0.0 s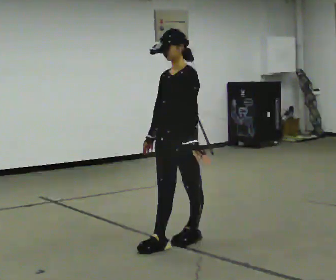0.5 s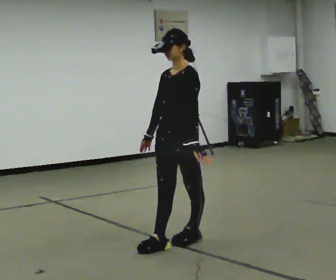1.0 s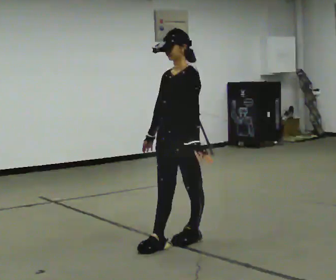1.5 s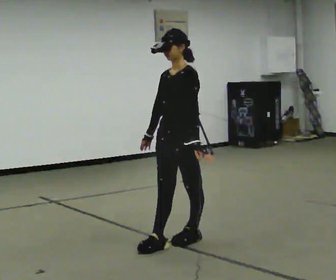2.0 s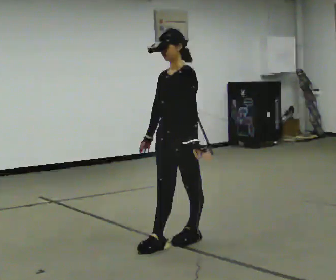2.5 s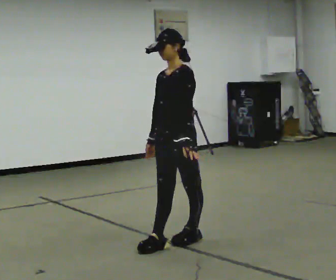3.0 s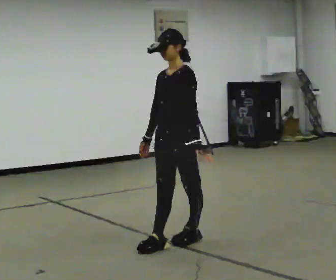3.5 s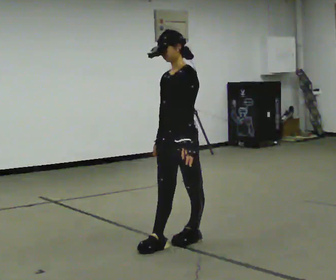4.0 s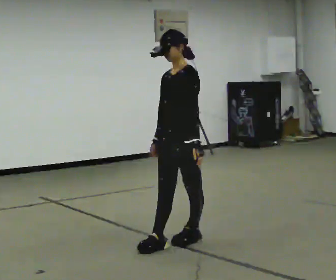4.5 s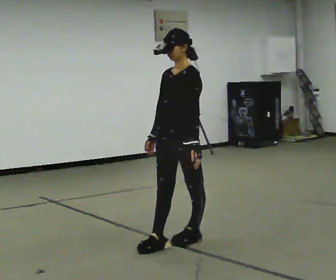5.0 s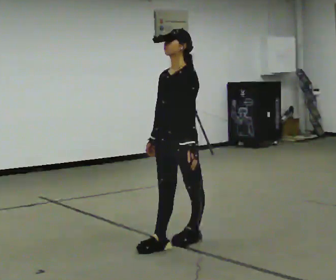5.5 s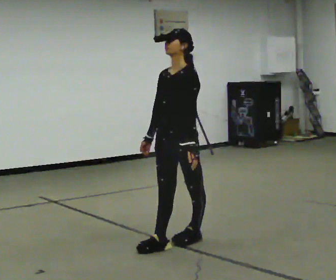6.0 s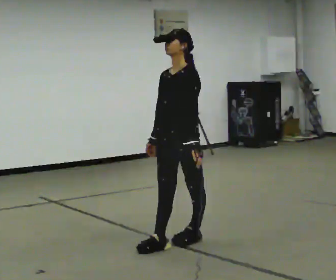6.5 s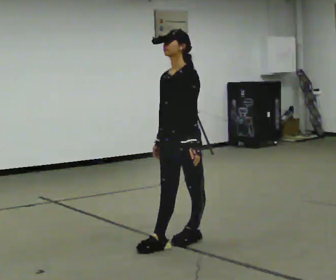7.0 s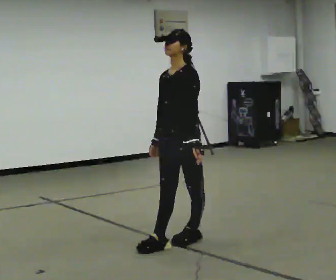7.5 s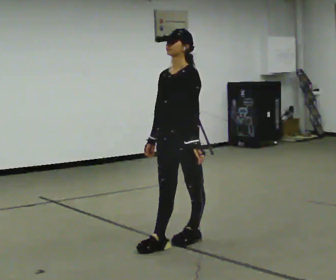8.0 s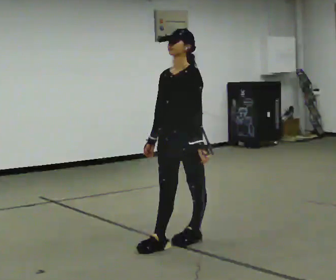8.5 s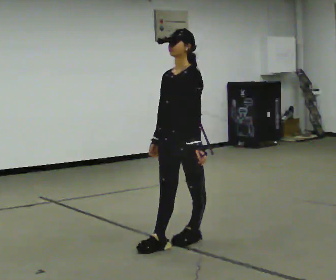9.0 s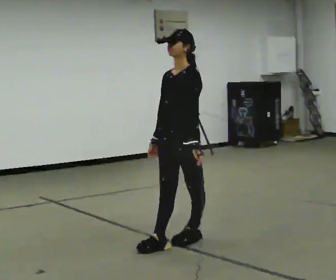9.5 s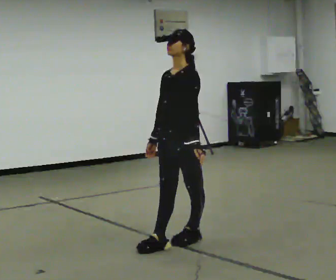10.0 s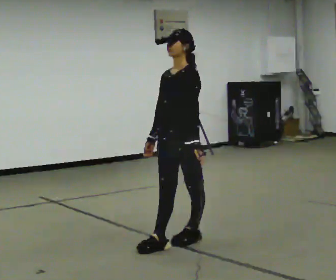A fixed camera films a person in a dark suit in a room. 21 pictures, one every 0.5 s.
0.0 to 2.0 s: The person keeps their place and pose.
2.0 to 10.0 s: The person moves a little, or ends about where they began.
The film runs backward here.
